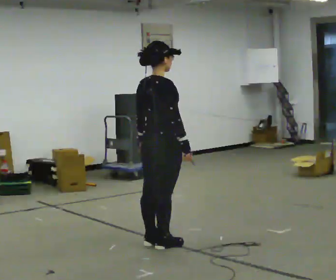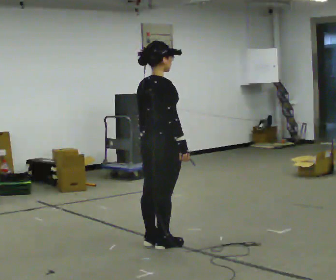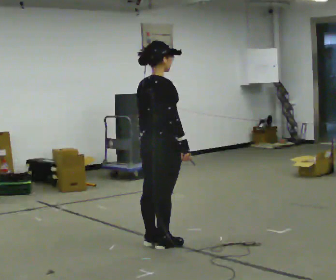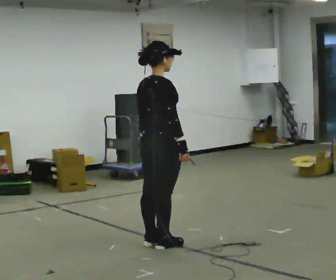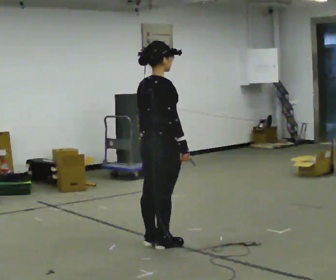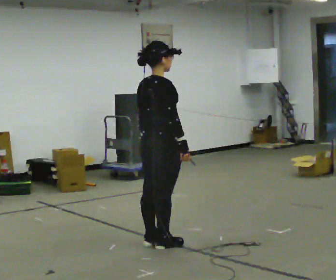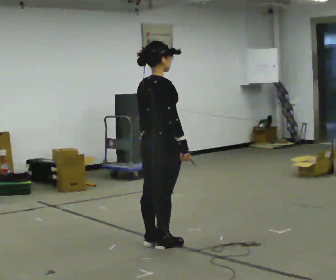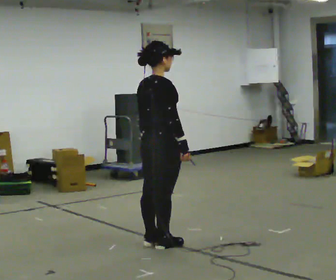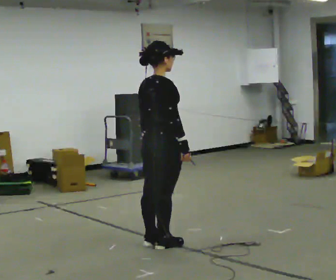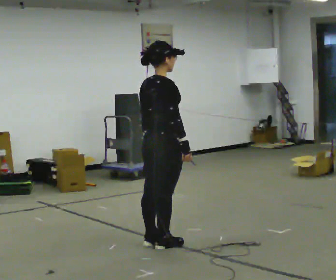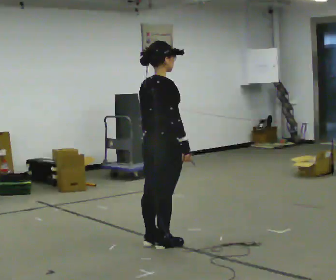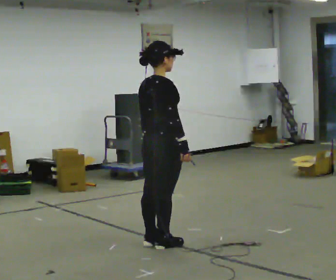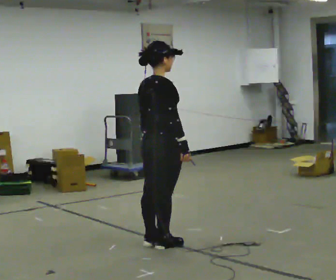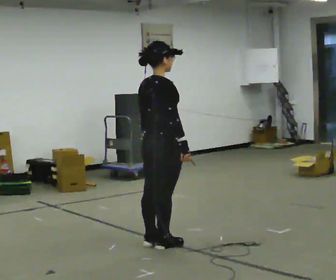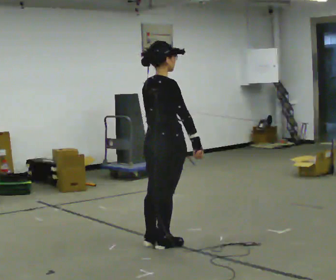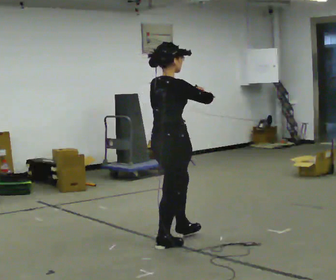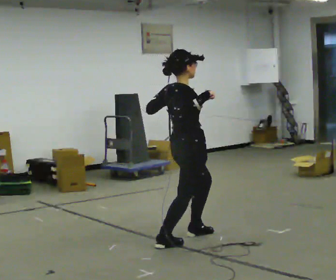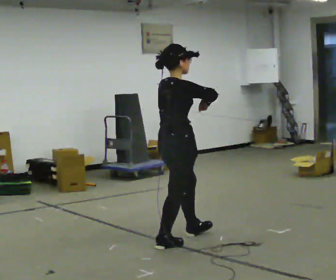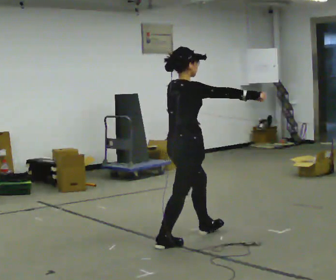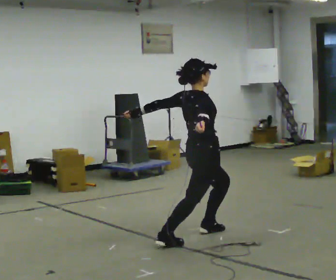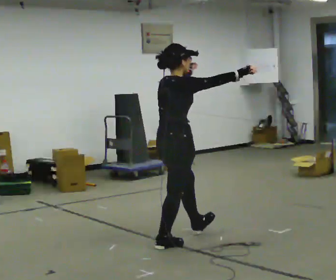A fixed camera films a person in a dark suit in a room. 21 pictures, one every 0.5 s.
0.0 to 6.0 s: The person keeps their place and pose.
6.0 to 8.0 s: In the picture they go to the right and away from the camera, about 0.25 m in 1 step, which for them is forward. In the picture their right hand goes upward.
8.0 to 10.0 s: In the picture their right hand goes to the right.
The film runs forward here.
